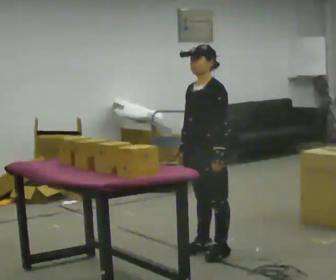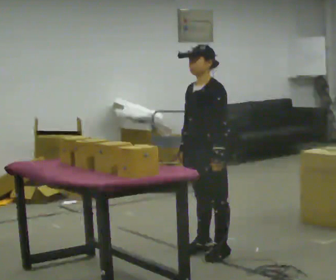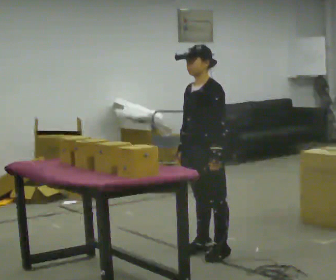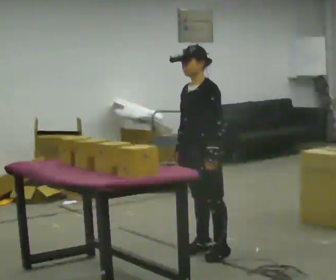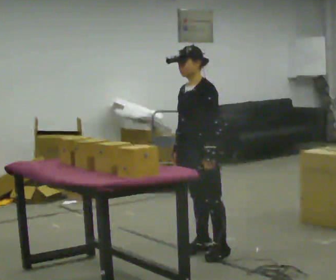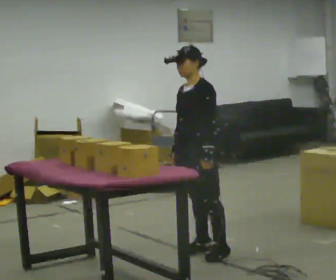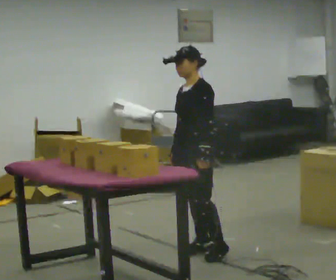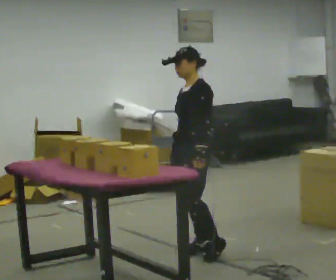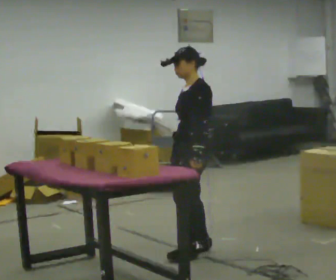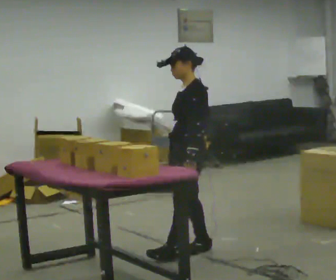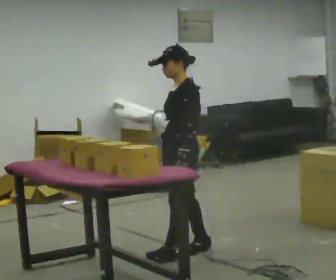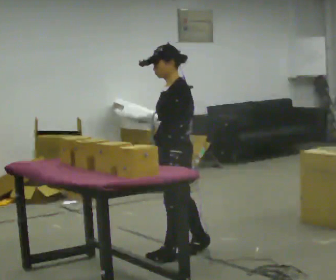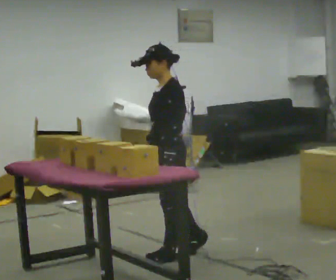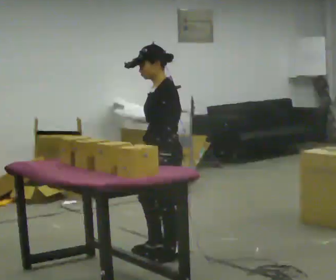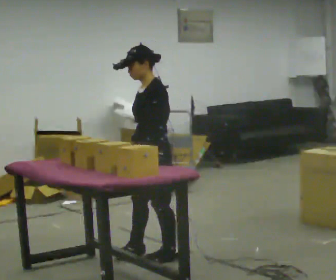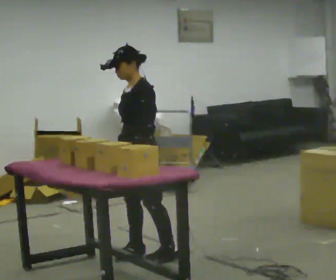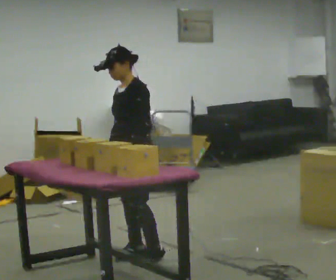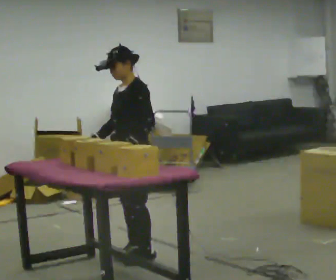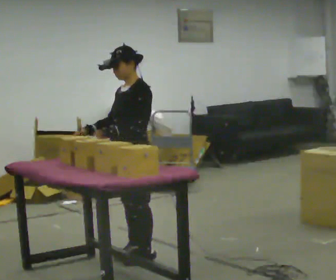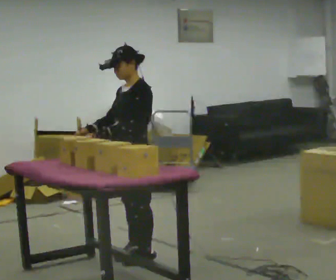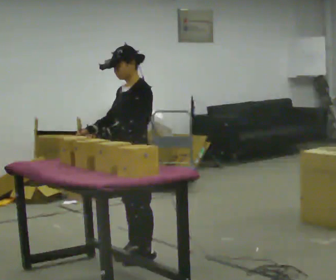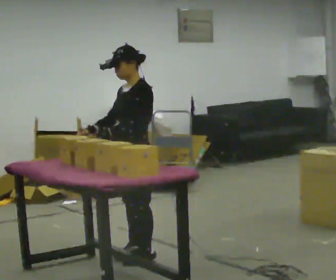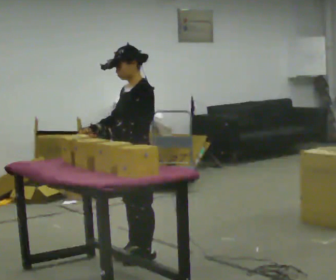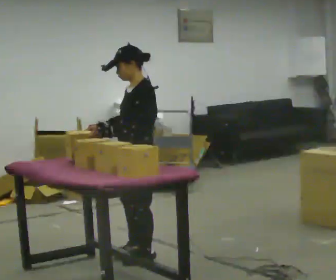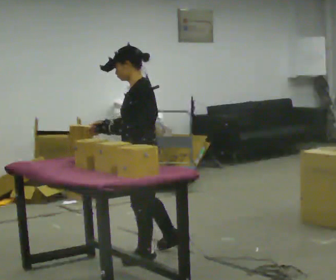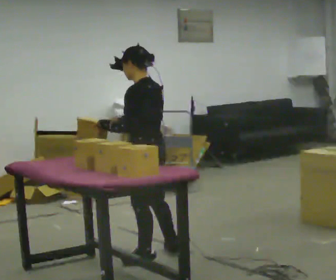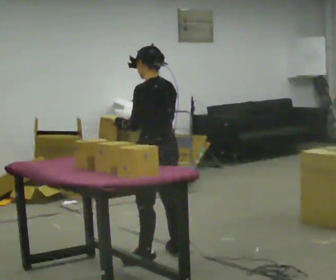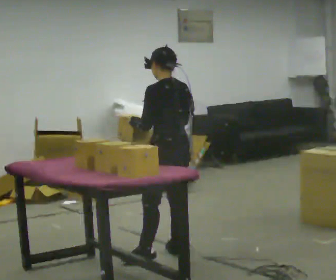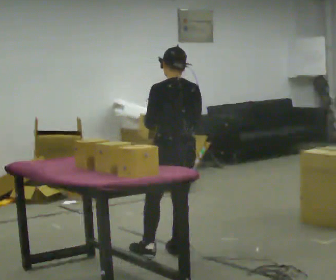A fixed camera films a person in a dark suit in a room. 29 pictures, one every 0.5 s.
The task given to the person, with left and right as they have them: 1. Move all 12 boxes from the shelf at one end of the room to the shelf at the other end. 2. The cart is not available today, so carry them. 3. Tell the operator when you are finished.
0.0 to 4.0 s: The person moves a little, or ends about where they began.
4.0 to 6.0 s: In the picture they go to the left, about 0.25 m in 1 step, which for them is forward.
6.0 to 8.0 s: In the picture they go to the left, about 0.25 m in 1 step, which for them is forward and to their right.
8.0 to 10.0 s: The person moves a little, or ends about where they began.
10.0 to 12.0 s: The part of the body nearest the lens slides to the left as the person turns to their right by about 30 degrees.
12.0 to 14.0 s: The person turns about 60 degrees to their right, clockwise seen from above, so the part of the body nearest the lens slides to the left. In the picture they go to the right, about 0.25 m.
The film runs forward here.
